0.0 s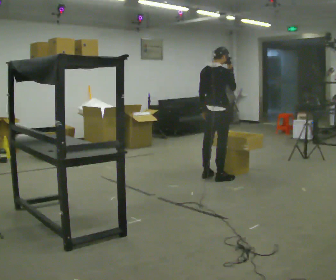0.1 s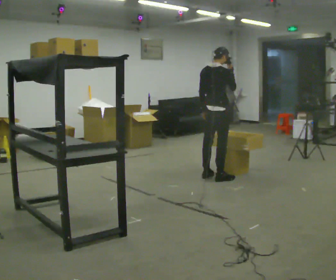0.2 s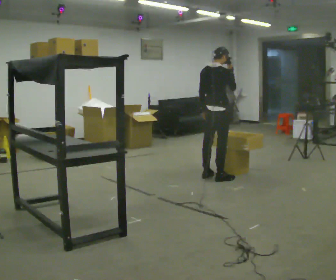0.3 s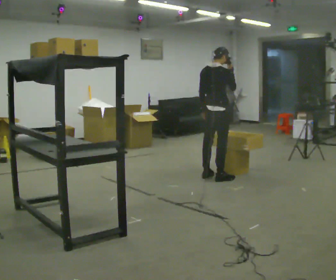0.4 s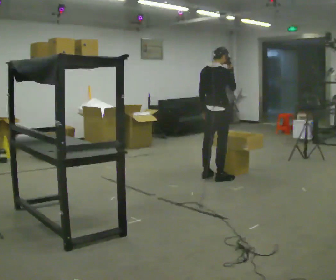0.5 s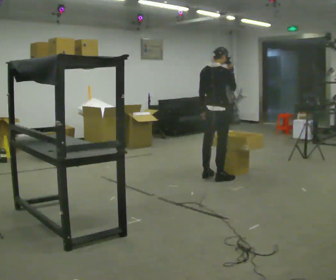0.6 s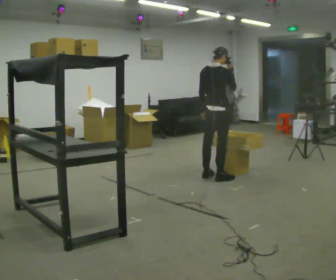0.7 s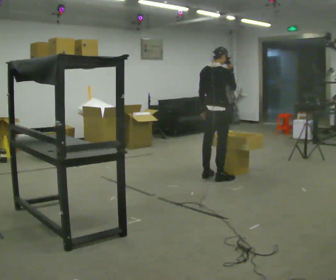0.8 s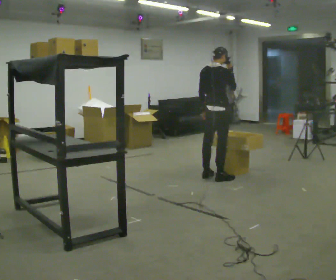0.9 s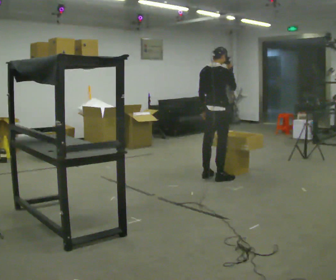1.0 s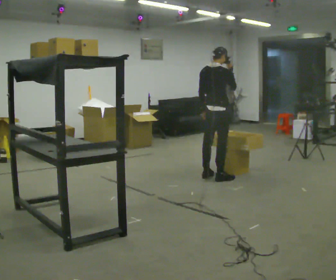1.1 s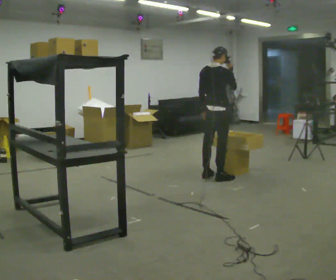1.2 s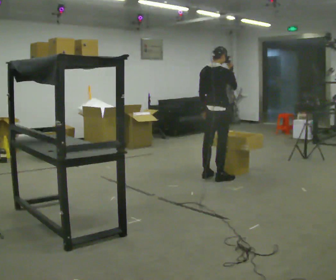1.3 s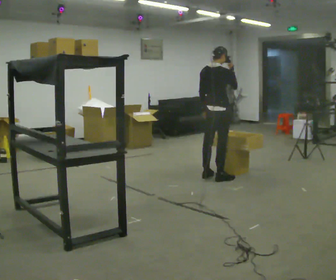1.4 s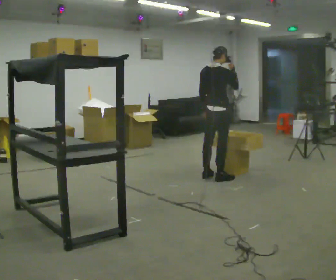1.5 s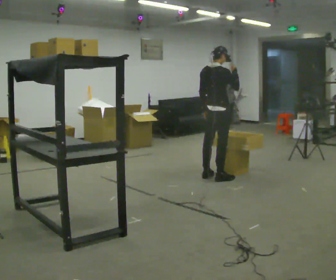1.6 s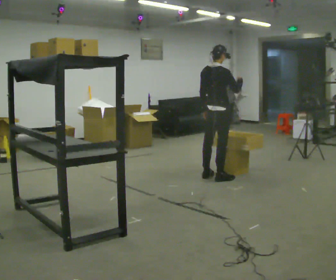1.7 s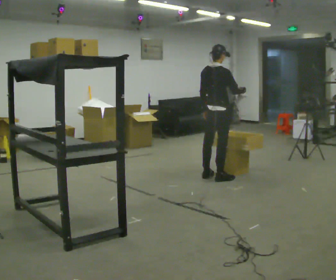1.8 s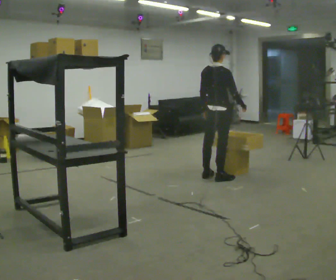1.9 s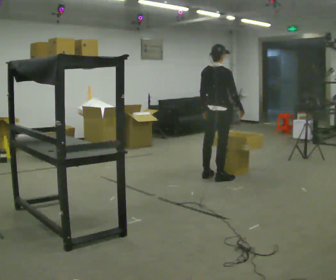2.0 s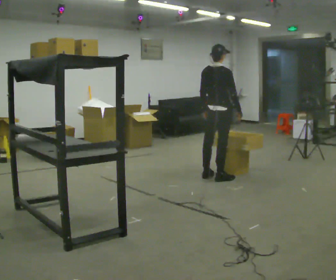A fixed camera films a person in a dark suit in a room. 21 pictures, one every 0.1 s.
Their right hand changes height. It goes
downward.
0.0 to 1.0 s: The person keeps their place and pose.
1.0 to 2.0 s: In the picture their right hand goes downward.
The film runs backward here.
